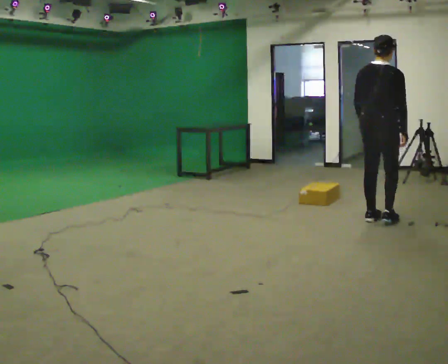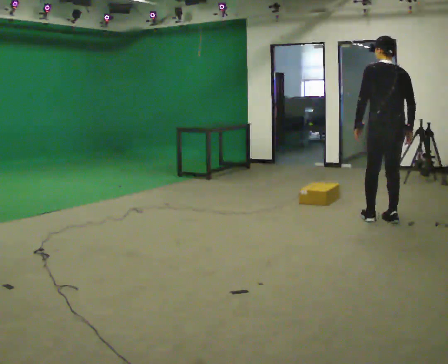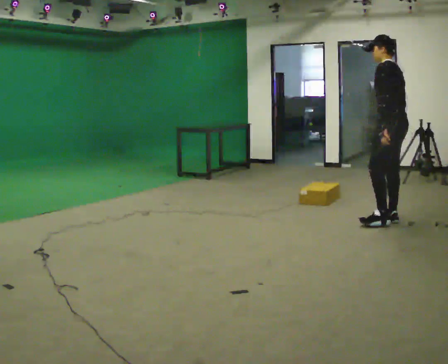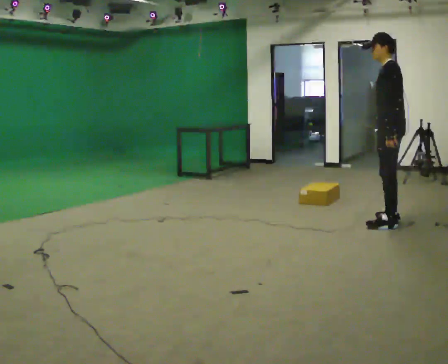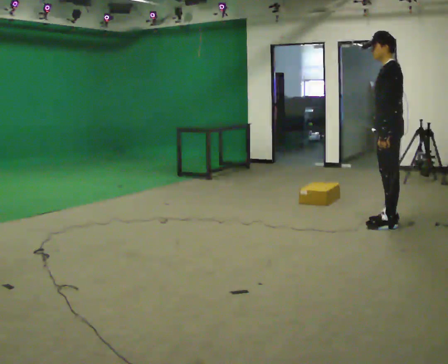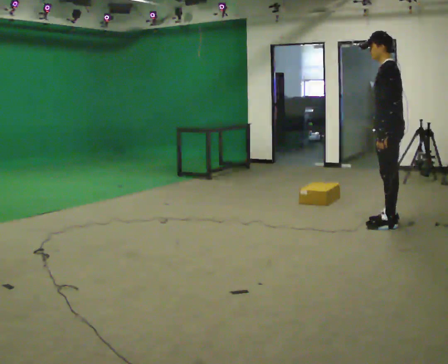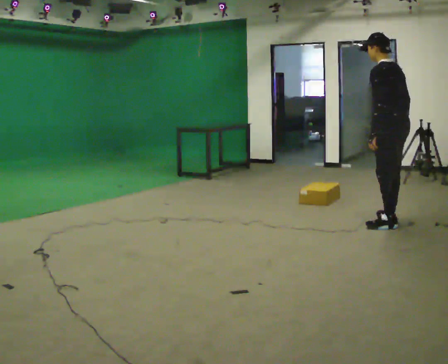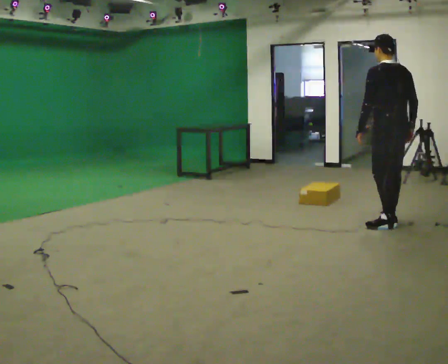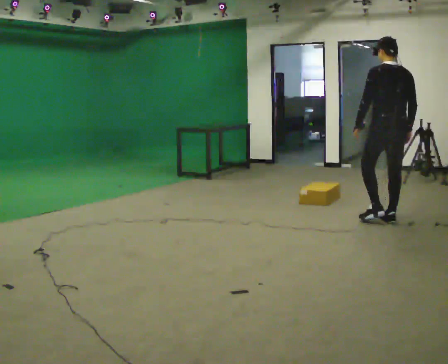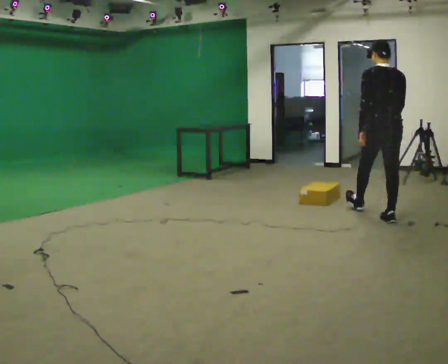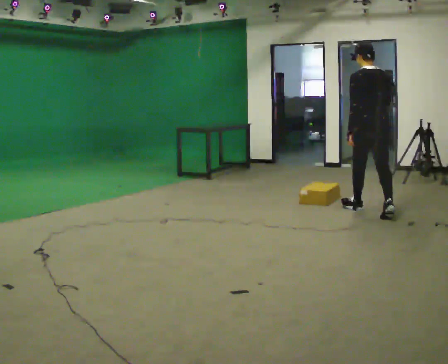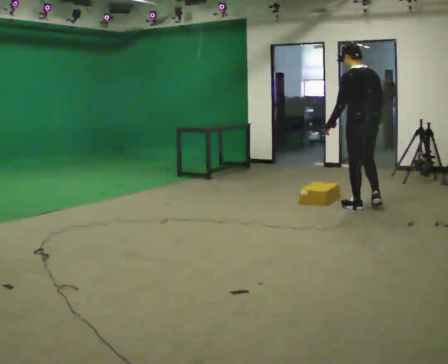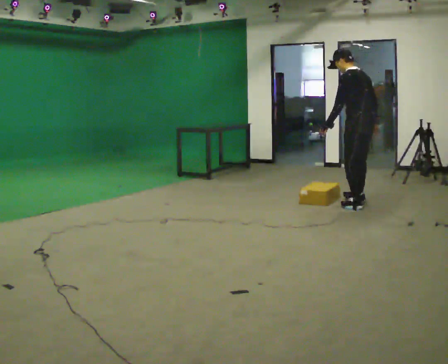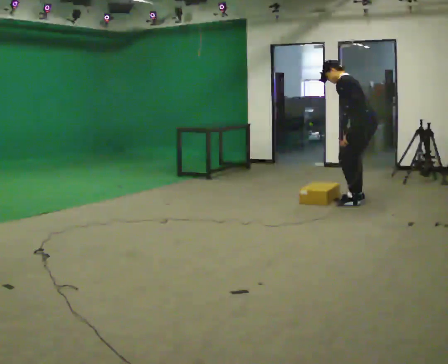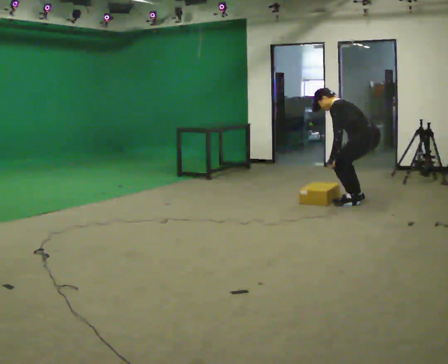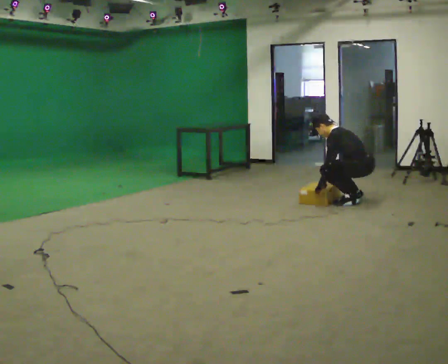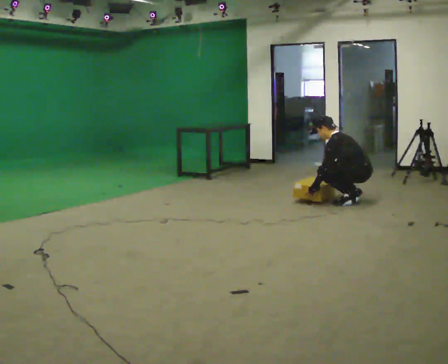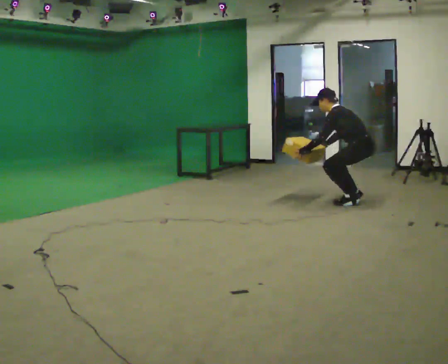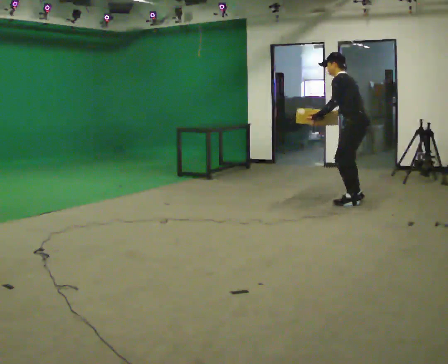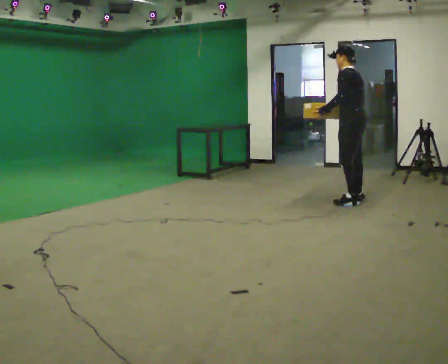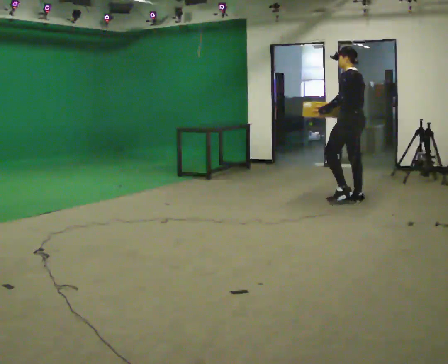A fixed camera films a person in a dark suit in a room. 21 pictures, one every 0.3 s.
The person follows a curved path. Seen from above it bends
counterclockwise.
The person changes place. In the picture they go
away from the camera.
0.0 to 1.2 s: Seen from above the body turns counterclockwise, about 105 degrees: to their left, with its near side sliding to the right.
1.2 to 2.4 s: The part of the body nearest the lens slides to the left as the person turns to their right by about 75 degrees. In the picture they go away from the camera, about 0.25 m.
2.4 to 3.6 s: Seen from above the body turns counterclockwise, about 30 degrees: to their left, with its near side sliding to the right. In the picture they go away from the camera and to the left, about 0.5 m in 2 steps, which for them is forward. In the picture the upper body tilts counterclockwise, shoulders to the left.
3.6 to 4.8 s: In the picture they go away from the camera, about 0.25 m in 2 steps, which for them is to their right. The upper body goes downward. In the picture their right hand goes downward and to the left.
4.8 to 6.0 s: The upper body goes upward. In the picture the upper body tilts clockwise, shoulders to the right, as they lean back or straighten. In the picture their right hand goes upward.
The film runs forward here.
